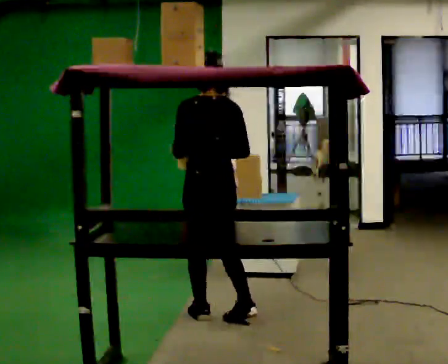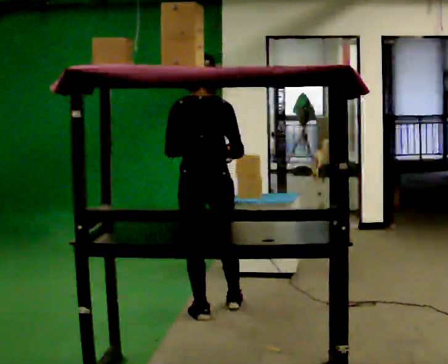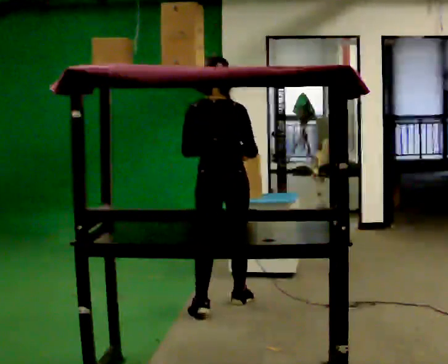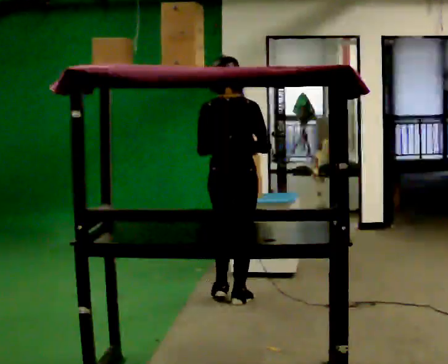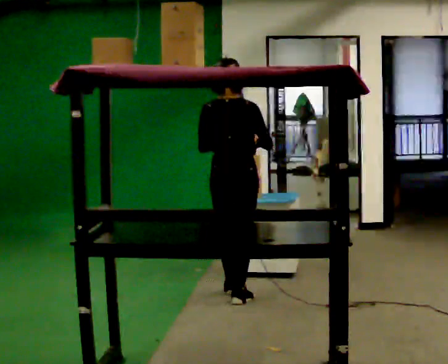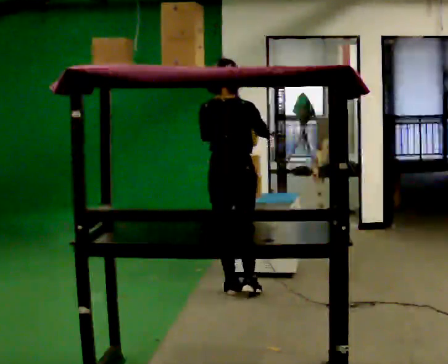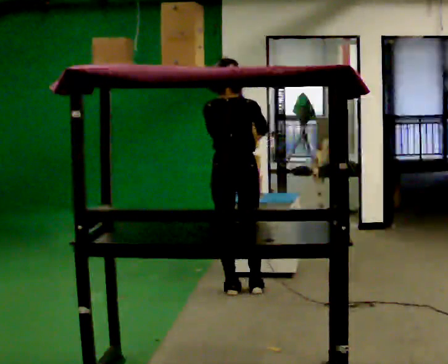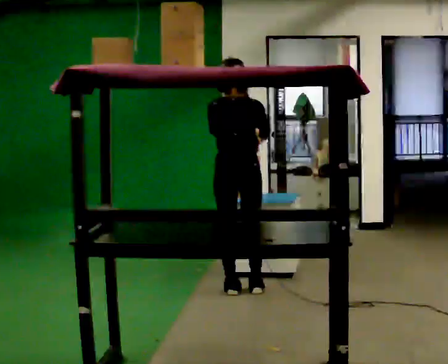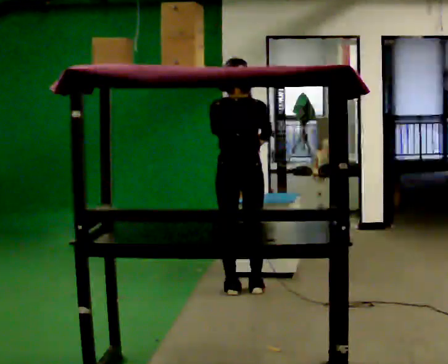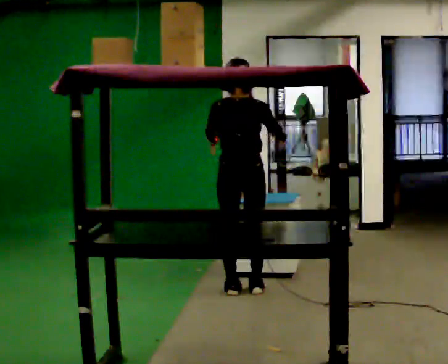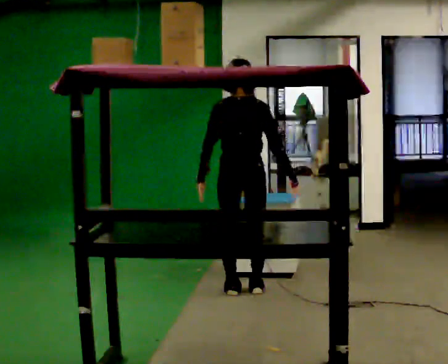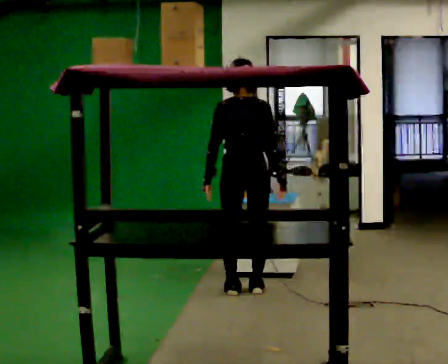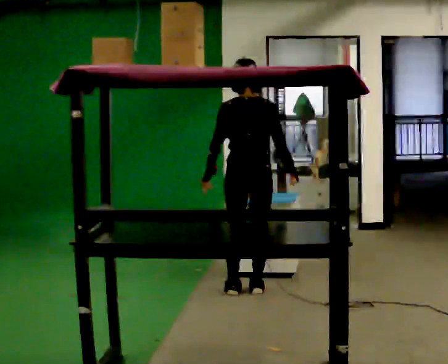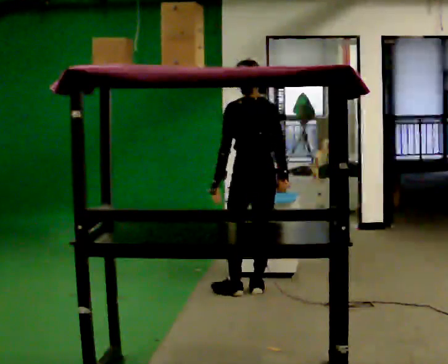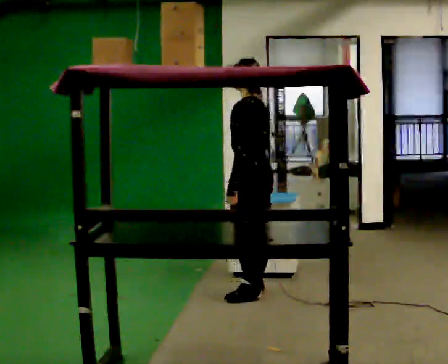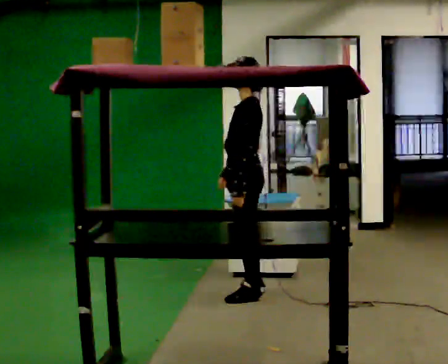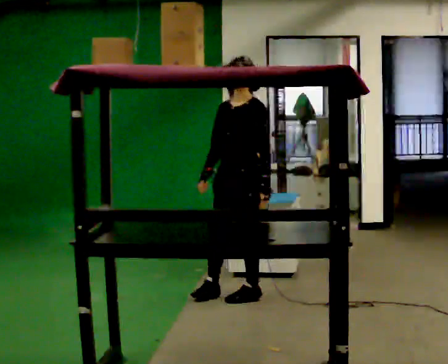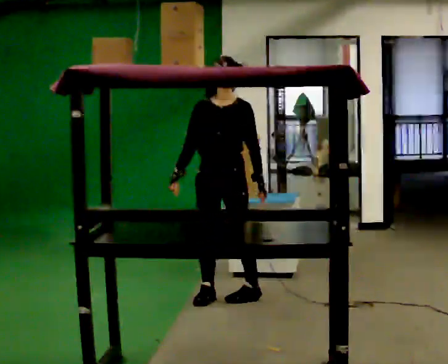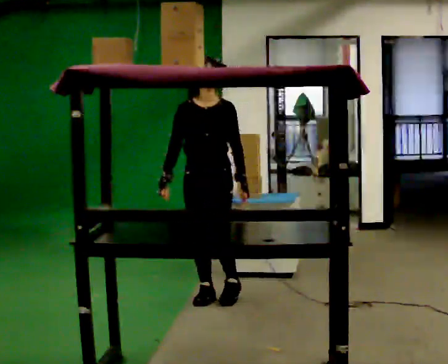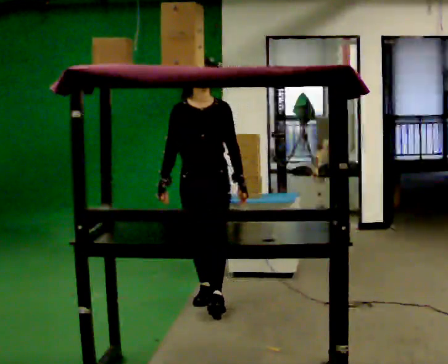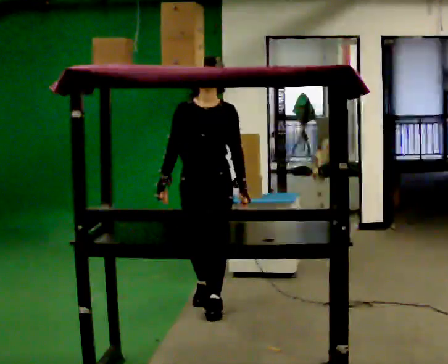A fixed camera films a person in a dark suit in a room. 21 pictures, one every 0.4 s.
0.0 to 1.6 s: The person turns about 30 degrees to their right, clockwise seen from above, so the part of the body nearest the lens slides to the left. In the picture they go away from the camera, about 0.5 m in 2 steps, which for them is forward.
1.6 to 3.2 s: In the picture they go away from the camera, about 0.25 m in 1 step, which for them is forward.
3.2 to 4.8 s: The person moves a little, or ends about where they began.
4.8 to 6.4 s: The part of the body nearest the lens slides to the right as the person turns to their left by about 135 degrees. In the picture they go toward the camera, about 0.25 m in 1 step. In the picture their left hand goes to the right, the arm swinging counterclockwise.
6.4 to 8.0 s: The part of the body nearest the lens slides to the right as the person turns to their left by about 30 degrees. In the picture they go toward the camera and to the left, about 0.25 m in 2 steps, which for them is forward and to their right.
The film runs forward here.
